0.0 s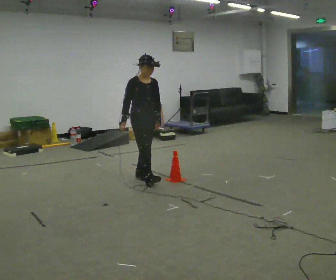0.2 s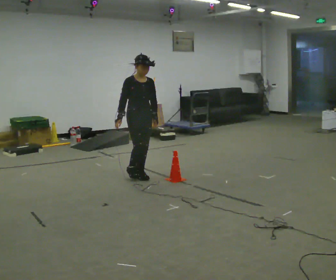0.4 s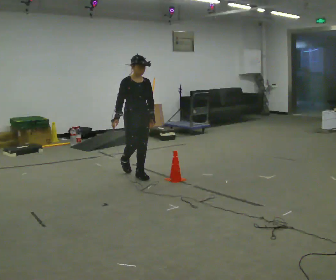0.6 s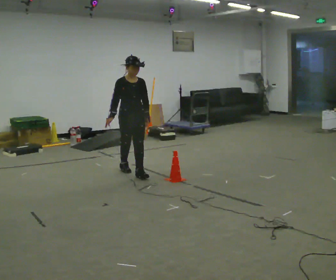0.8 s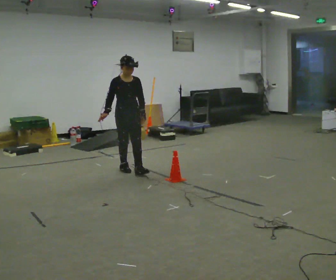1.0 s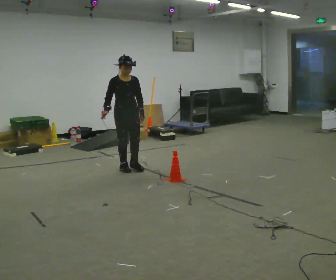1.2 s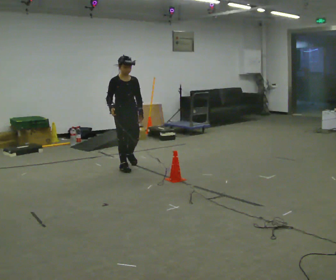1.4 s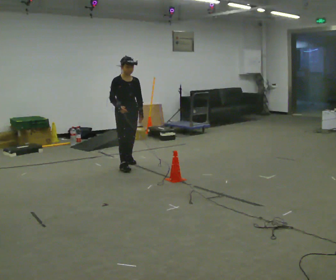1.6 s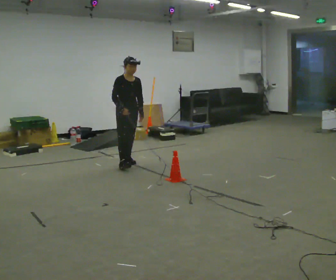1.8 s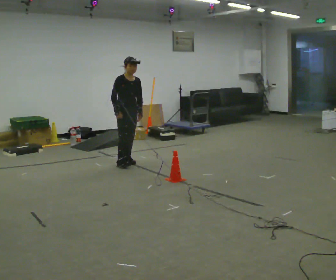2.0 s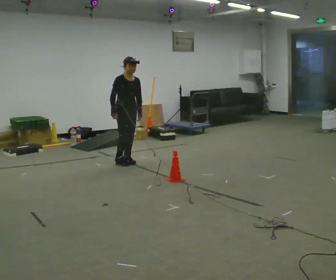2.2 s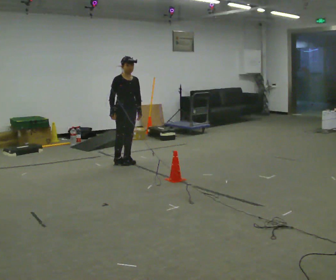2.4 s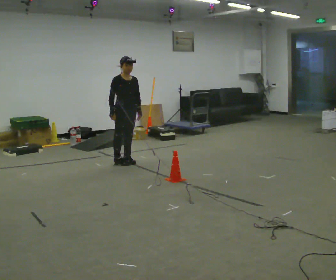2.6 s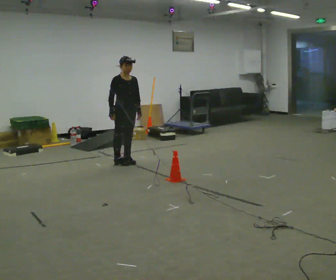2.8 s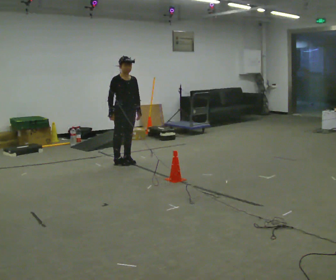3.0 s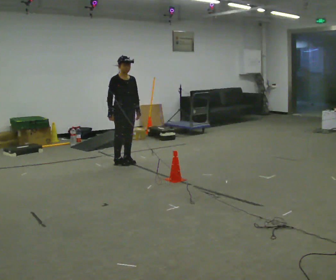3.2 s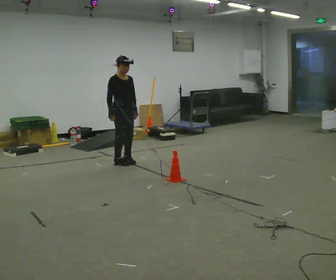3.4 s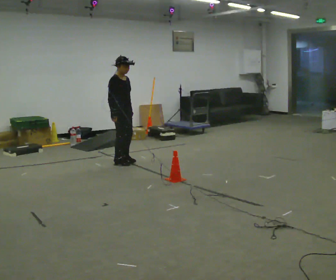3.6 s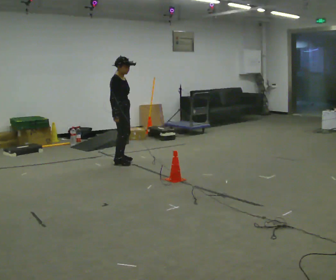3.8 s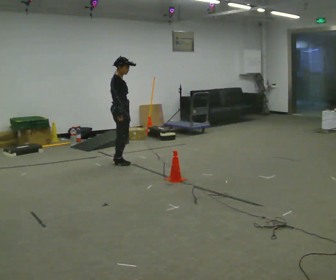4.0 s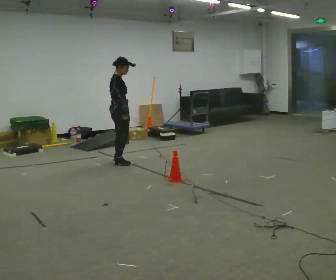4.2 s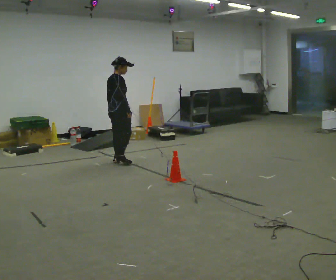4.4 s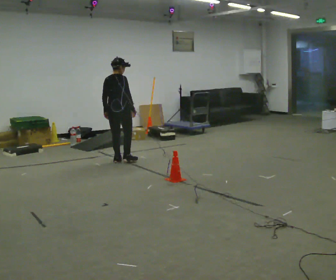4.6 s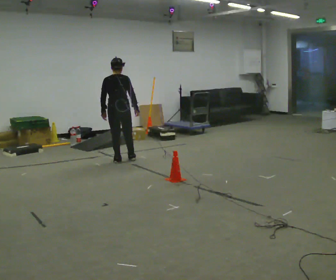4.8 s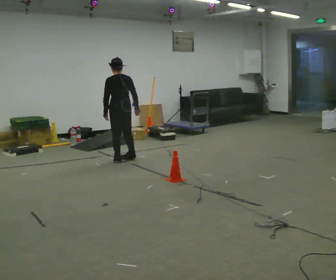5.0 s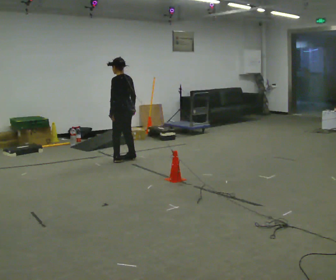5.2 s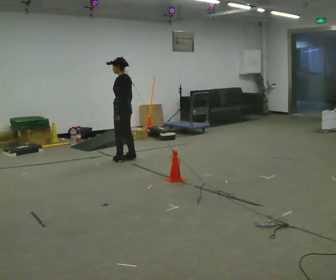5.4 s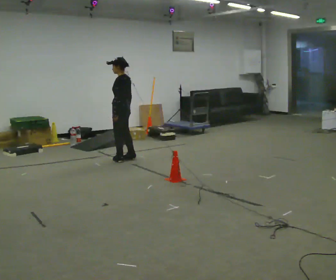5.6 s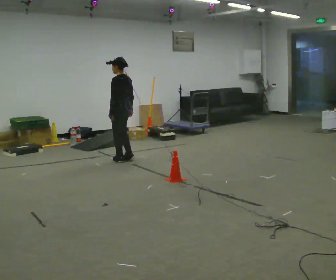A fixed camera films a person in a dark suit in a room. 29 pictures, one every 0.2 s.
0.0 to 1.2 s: In the picture they go away from the camera, about 0.5 m in 1 step, which for them is backward.
1.2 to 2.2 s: In the picture they go away from the camera, about 0.25 m in 1 step, which for them is backward and to their left.
2.2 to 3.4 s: Seen from above the body turns counterclockwise, about 30 degrees: to their left, with its near side sliding to the right.
3.4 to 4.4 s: Seen from above the body turns counterclockwise, about 90 degrees: to their left, with its near side sliding to the right.
4.4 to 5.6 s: The part of the body nearest the lens slides to the right as the person turns to their left by about 90 degrees.
The film runs backward here.
